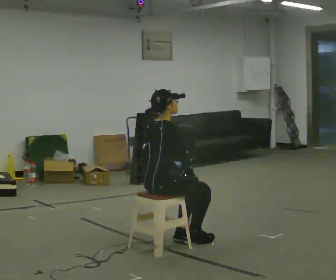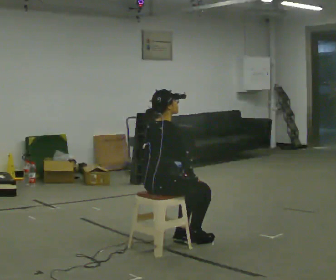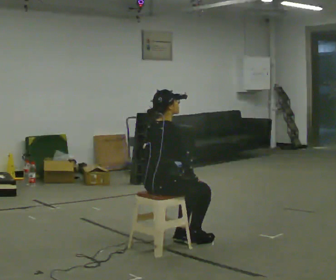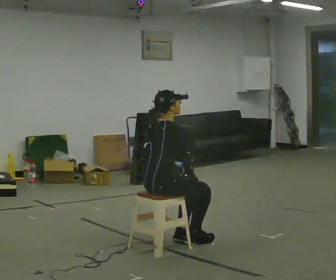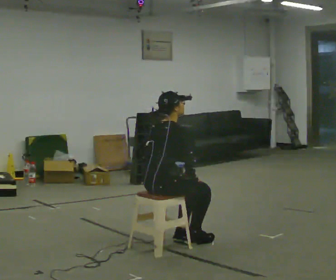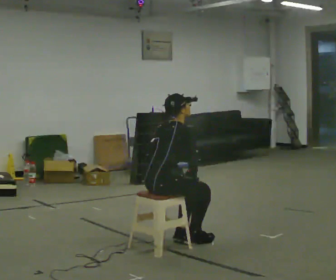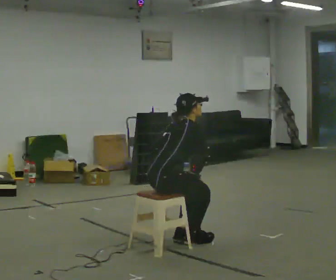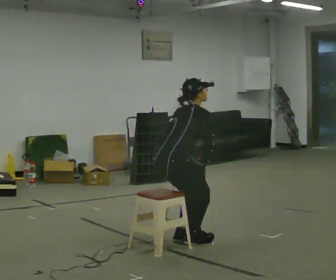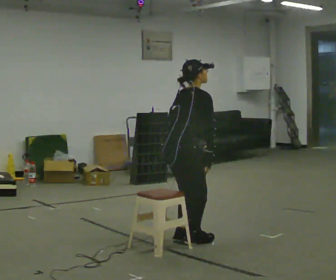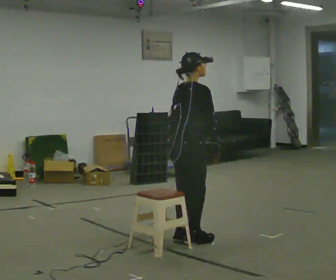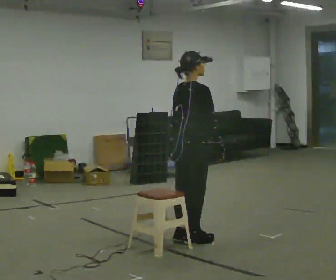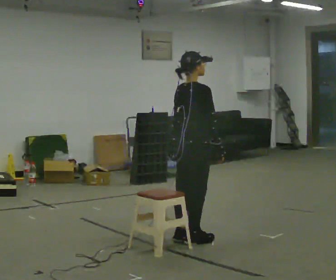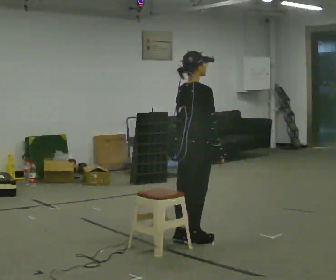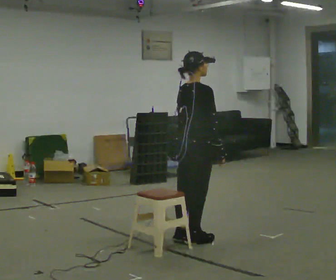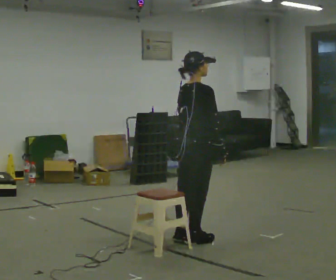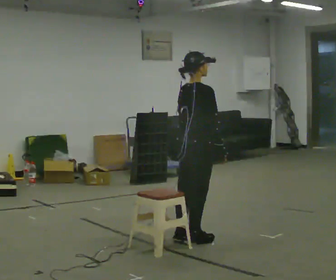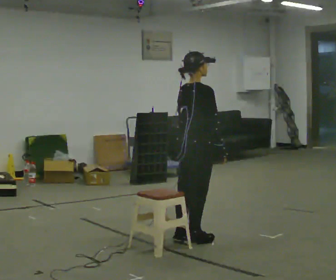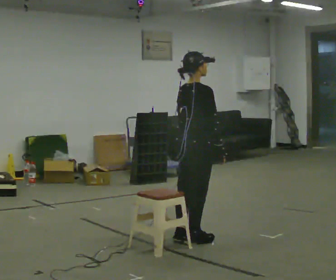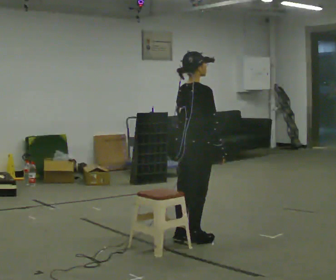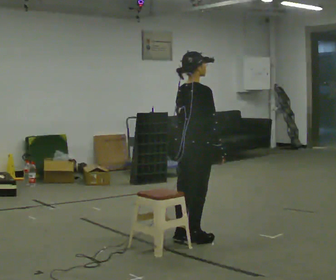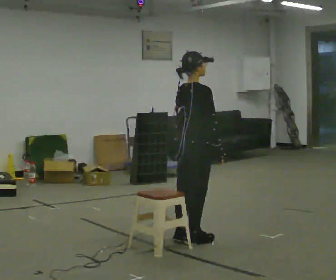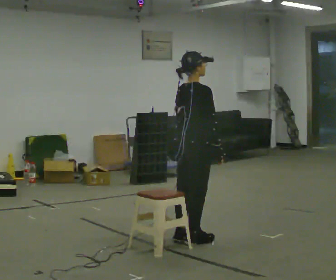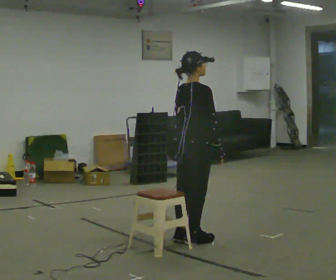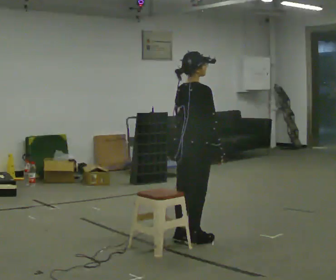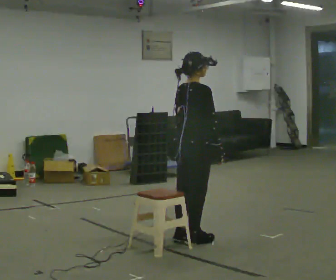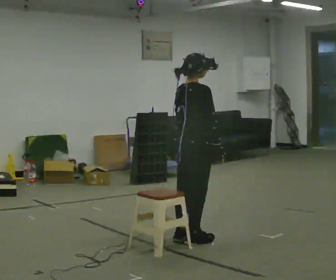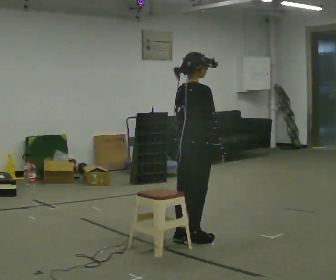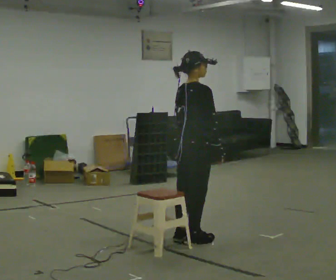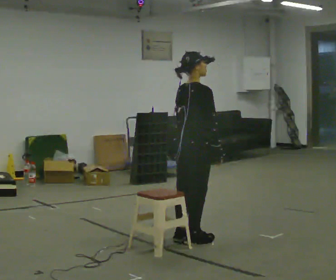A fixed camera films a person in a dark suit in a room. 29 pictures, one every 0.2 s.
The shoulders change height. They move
upward.
0.0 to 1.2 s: In the picture the upper body tilts clockwise, shoulders to the right, as they bend forward.
1.2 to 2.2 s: In the picture they go to the right and away from the camera, about 0.25 m, which for them is forward. The shoulders move upward. In the picture the upper body tilts counterclockwise, shoulders to the left, as they lean back or straighten.
2.2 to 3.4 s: The person moves a little, or ends about where they began.
3.4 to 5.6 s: The person keeps their place and pose.
The film runs forward here.
